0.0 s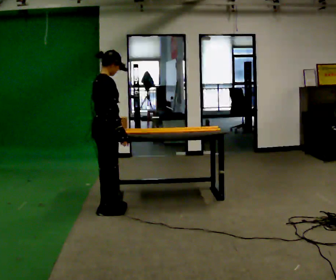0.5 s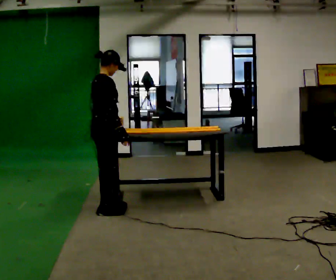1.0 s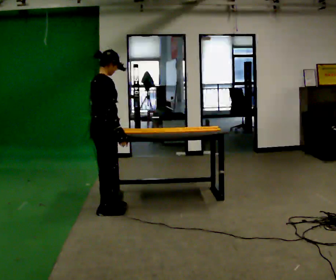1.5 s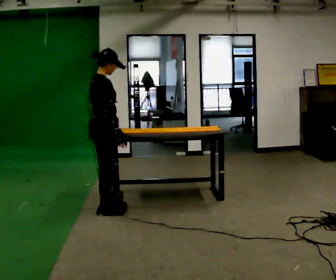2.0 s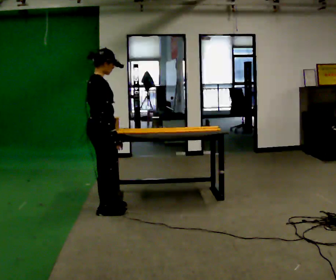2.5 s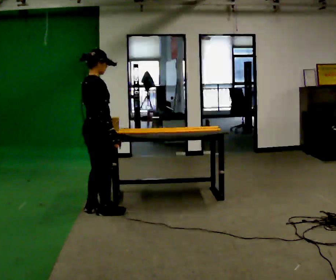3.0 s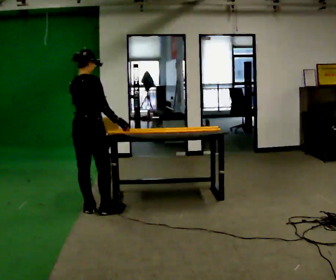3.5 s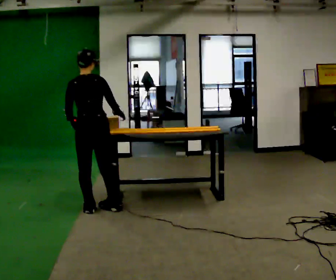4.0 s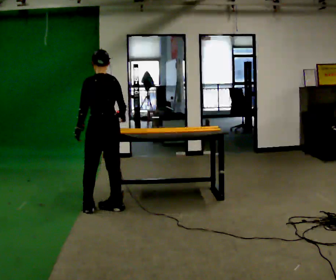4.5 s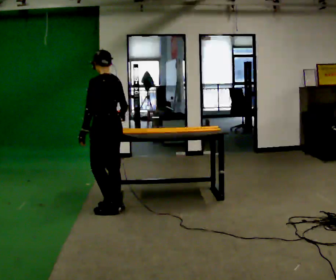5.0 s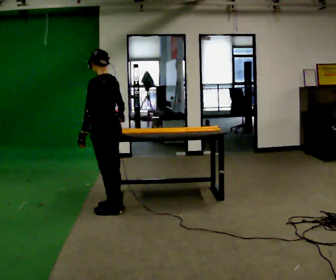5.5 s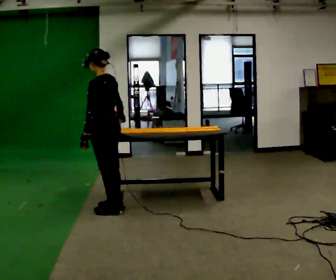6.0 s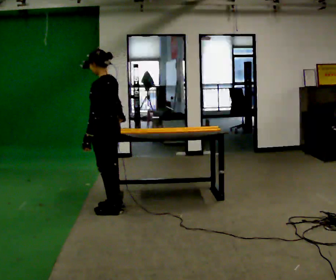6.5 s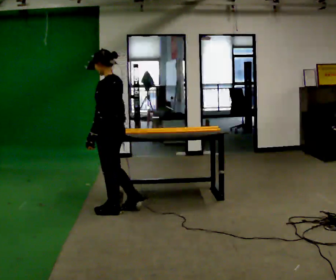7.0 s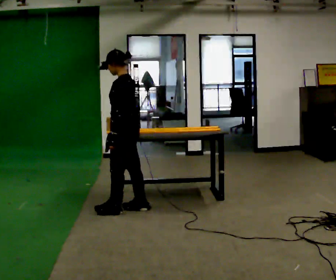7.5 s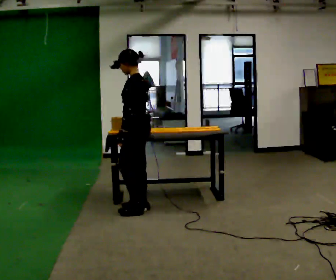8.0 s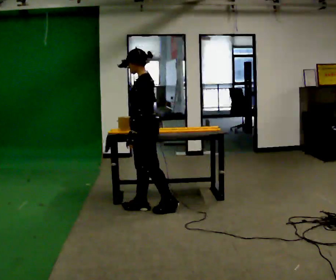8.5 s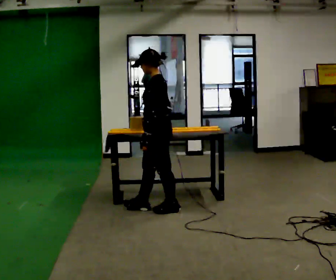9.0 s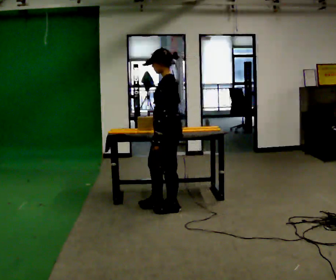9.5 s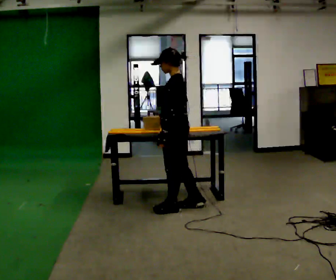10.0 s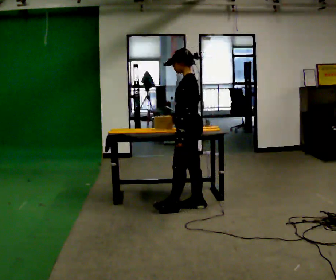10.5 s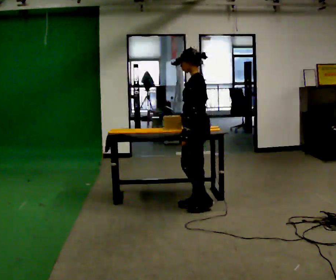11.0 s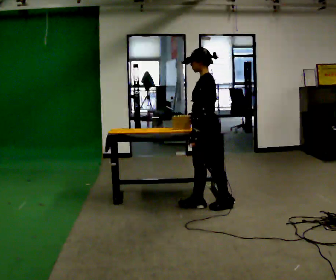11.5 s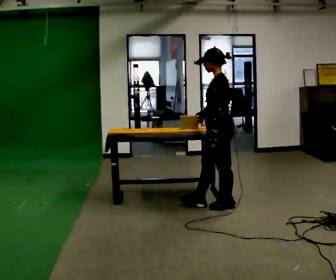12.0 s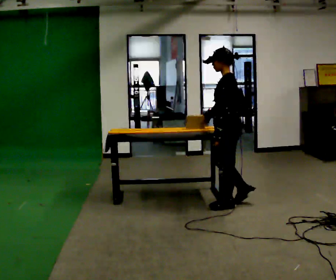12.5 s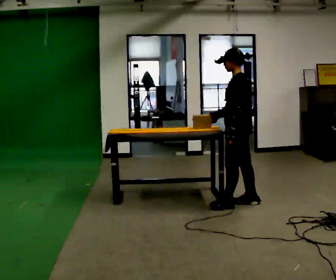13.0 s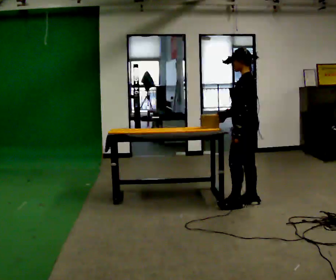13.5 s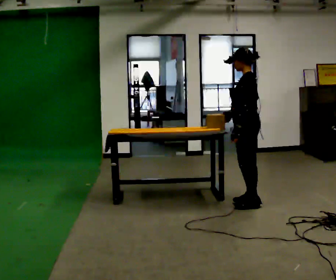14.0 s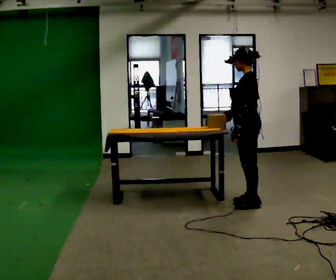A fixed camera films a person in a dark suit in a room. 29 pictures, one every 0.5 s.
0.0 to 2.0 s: The person moves a little, or ends about where they began.
2.0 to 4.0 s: The part of the body nearest the lens slides to the right as the person turns to their left by about 120 degrees.
4.0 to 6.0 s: Seen from above the body turns counterclockwise, about 30 degrees: to their left, with its near side sliding to the right.
6.0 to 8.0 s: In the picture they go to the right, about 0.25 m in 2 steps, which for them is backward.
8.0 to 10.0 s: In the picture they go to the right, about 0.5 m in 1 step, which for them is backward.
10.0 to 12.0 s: In the picture they go to the right, about 0.5 m in 2 steps, which for them is backward.
12.0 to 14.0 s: In the picture they go to the right, about 0.25 m in 1 step, which for them is backward.
The film runs backward here.
